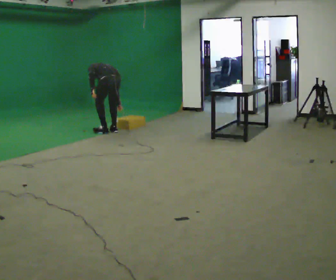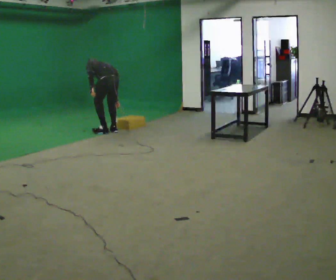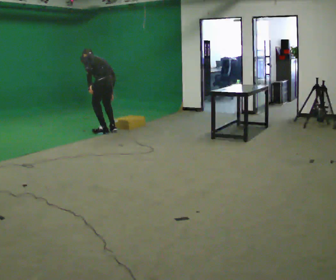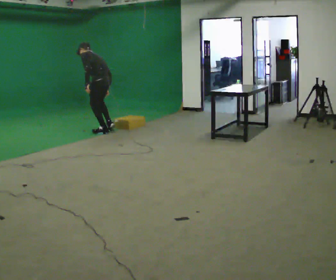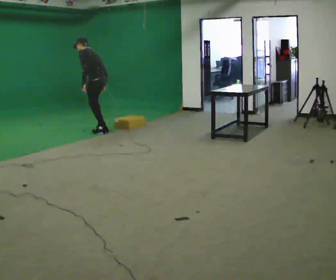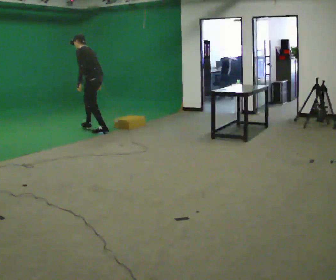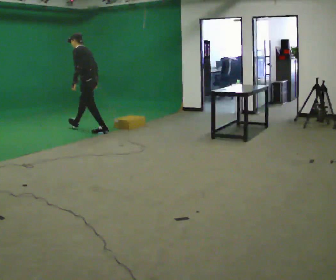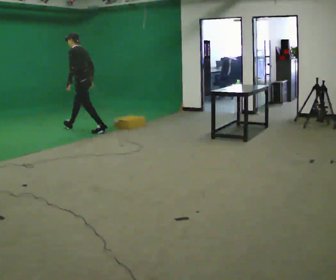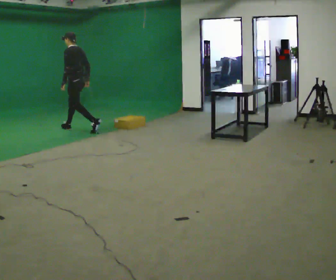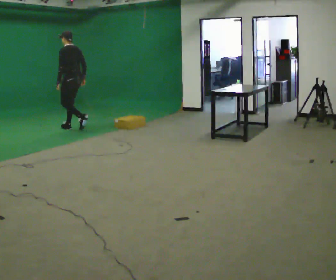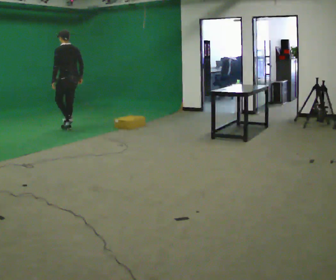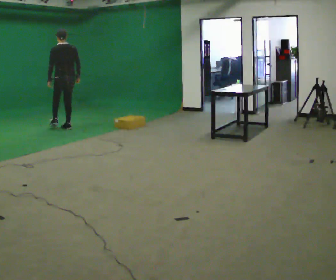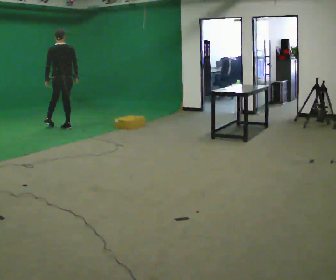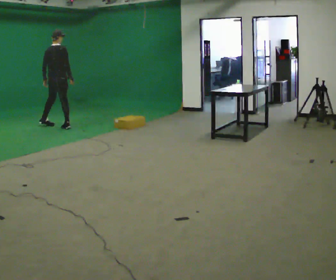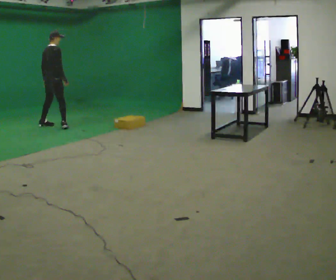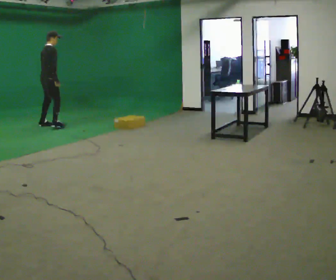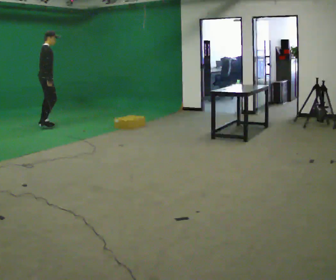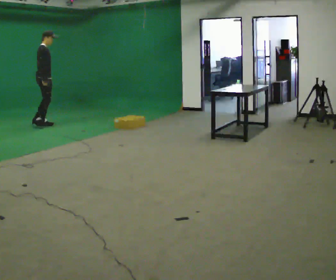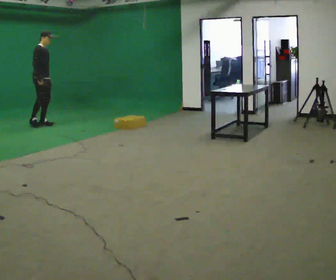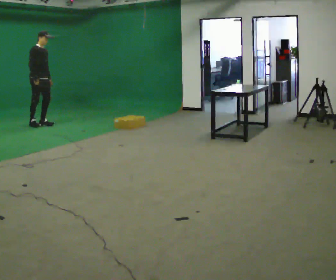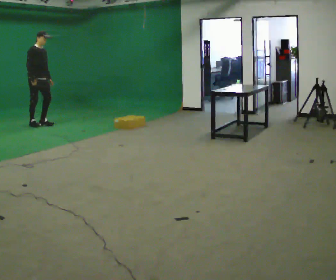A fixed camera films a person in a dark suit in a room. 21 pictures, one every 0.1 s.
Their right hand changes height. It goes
upward.
The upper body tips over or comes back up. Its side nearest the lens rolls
downward.
0.0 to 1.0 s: In the picture they go to the left and away from the camera, about 1 m in 1 step, which for them is forward. The shoulders move upward. The upper body tips toward the camera, its near side rolling downward, as they lean back or straighten.
1.0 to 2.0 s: Seen from above the body turns clockwise, about 165 degrees: to their right, with its near side sliding to the left. In the picture they go to the left and away from the camera, about 0.5 m in 2 steps.
The film runs forward here.
